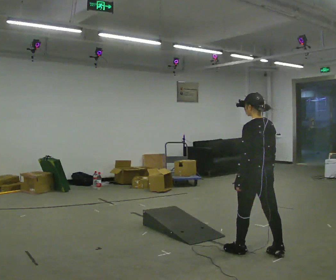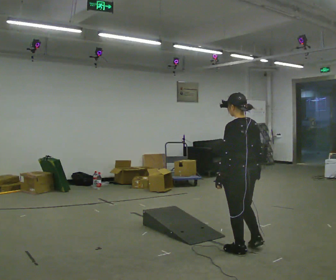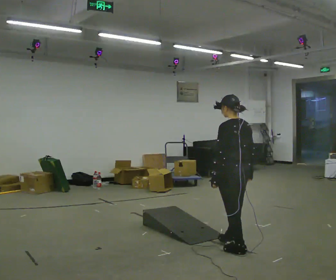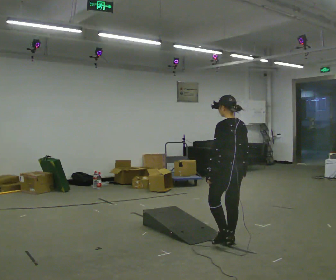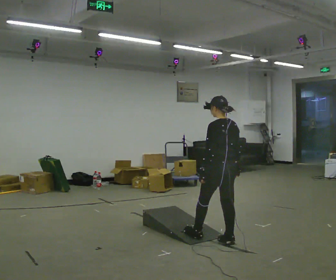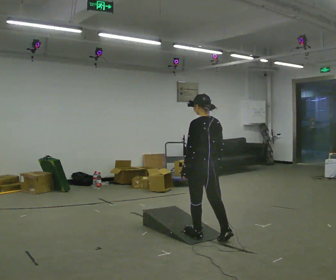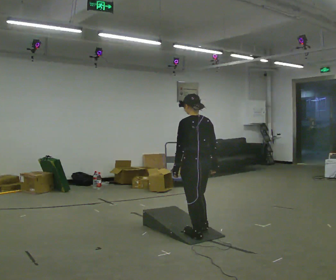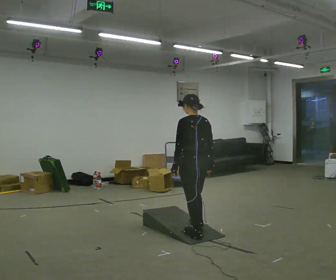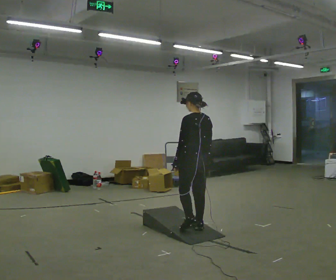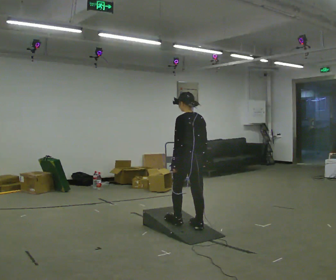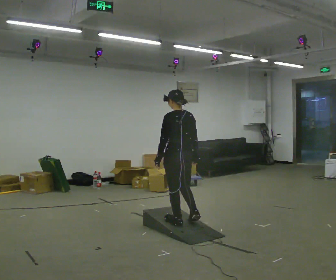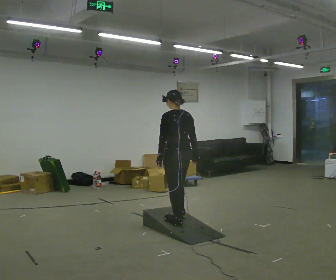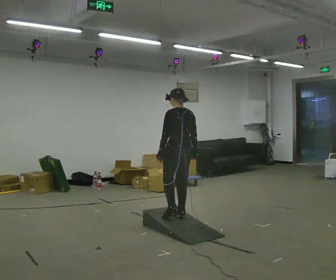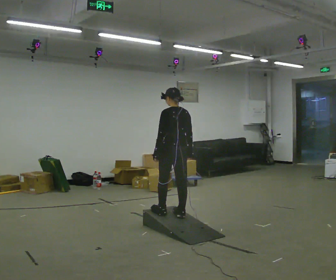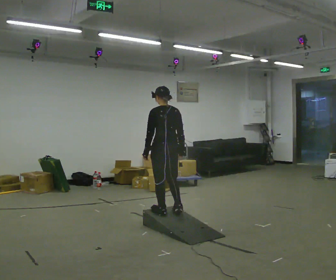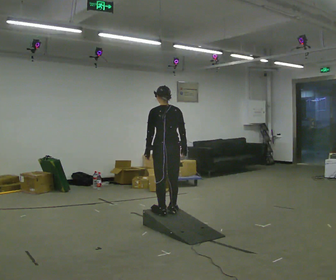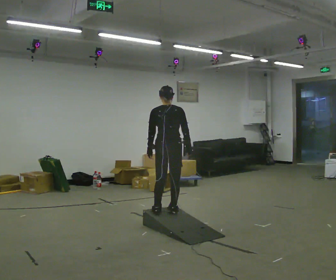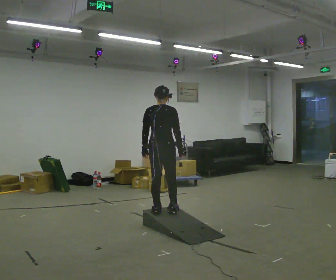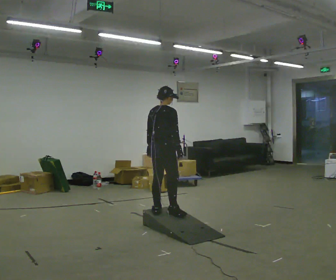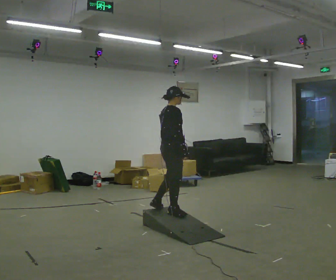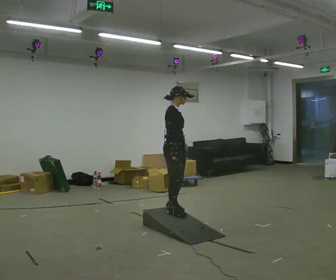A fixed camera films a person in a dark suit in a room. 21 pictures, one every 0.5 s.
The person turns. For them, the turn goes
to their right.
The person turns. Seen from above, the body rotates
clockwise.
0.0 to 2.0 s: In the picture they go away from the camera and to the left, about 0.5 m in 2 steps, which for them is forward.
2.0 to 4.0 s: In the picture they go away from the camera and to the left, about 0.5 m in 1 step, which for them is forward.
4.0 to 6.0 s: In the picture they go away from the camera and to the left, about 0.25 m in 2 steps, which for them is forward.
6.0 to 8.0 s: Seen from above the body turns clockwise, about 30 degrees: to their right, with its near side sliding to the left.
8.0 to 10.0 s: The part of the body nearest the lens slides to the left as the person turns to their right by about 105 degrees.
The film runs forward here.
